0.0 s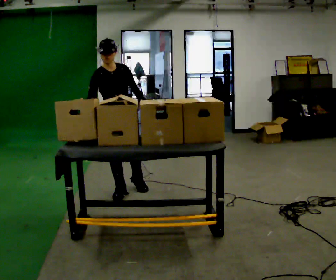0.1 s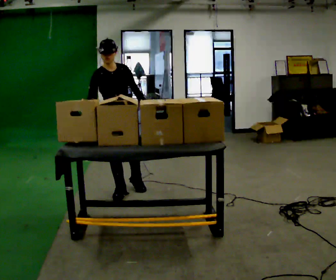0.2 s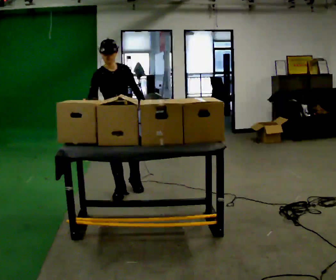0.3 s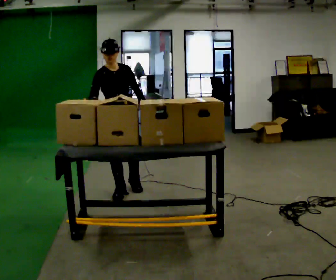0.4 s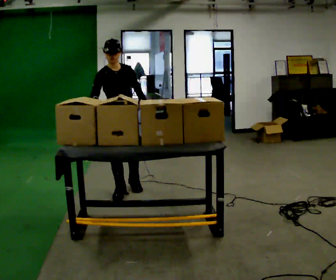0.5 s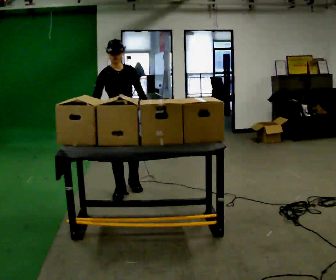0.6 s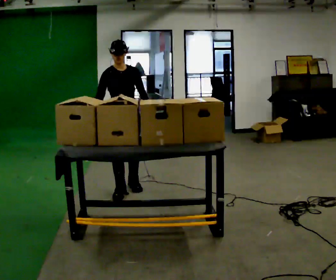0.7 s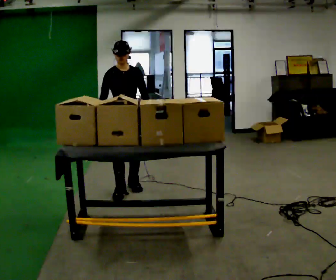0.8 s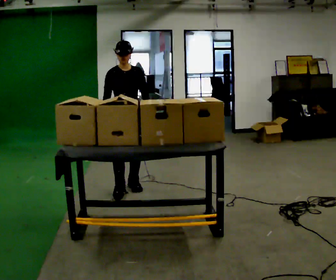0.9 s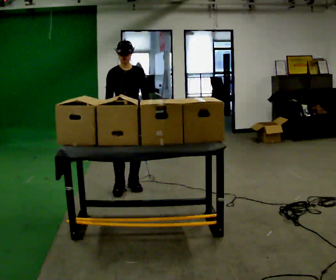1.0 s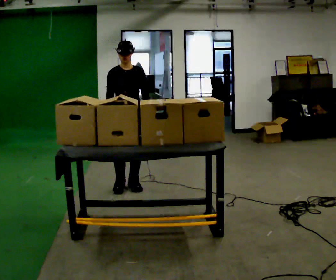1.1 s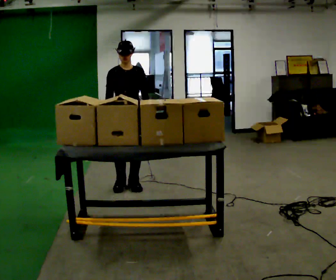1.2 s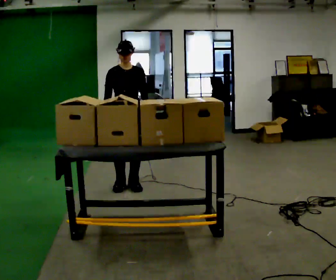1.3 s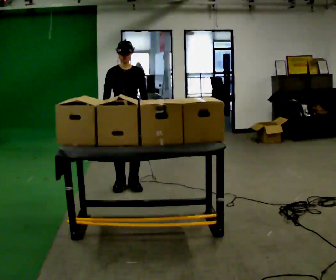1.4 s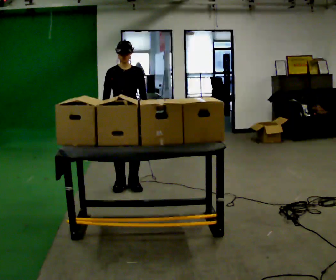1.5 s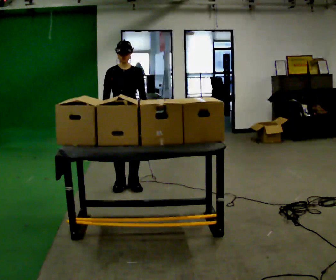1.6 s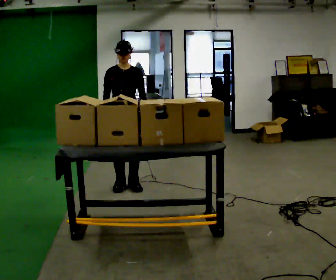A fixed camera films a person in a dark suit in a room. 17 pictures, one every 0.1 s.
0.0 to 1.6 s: In the picture they go away from the camera, about 0.25 m in 1 step, which for them is backward. The upper body tips away from the camera, its near side rolling upward, as they lean back or straighten.
The film runs forward here.
